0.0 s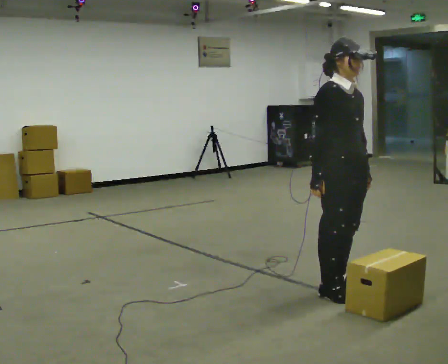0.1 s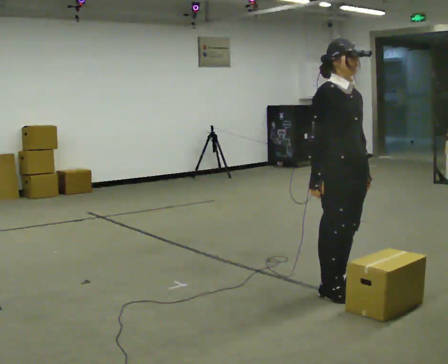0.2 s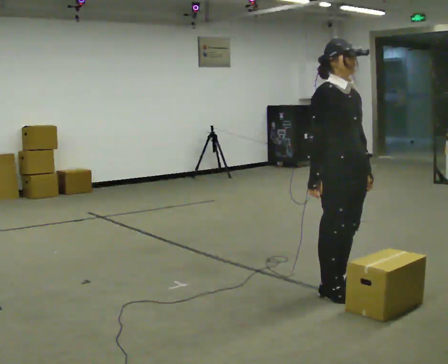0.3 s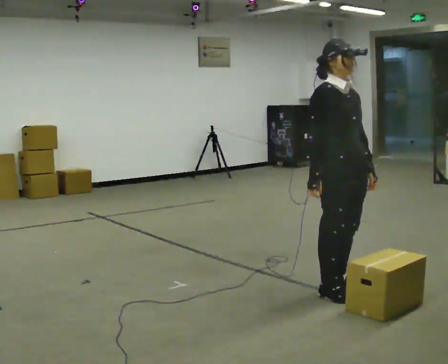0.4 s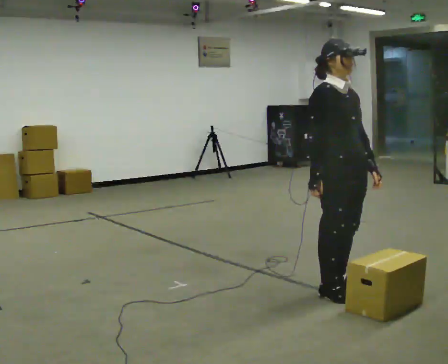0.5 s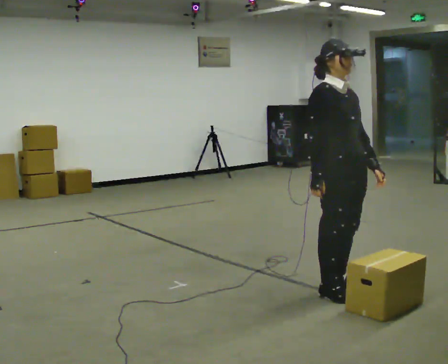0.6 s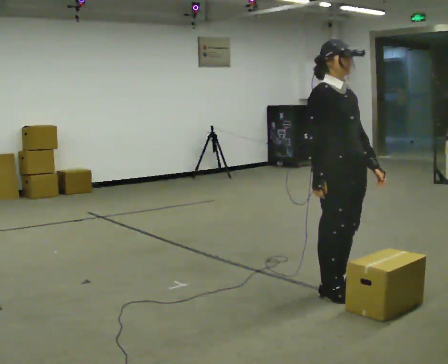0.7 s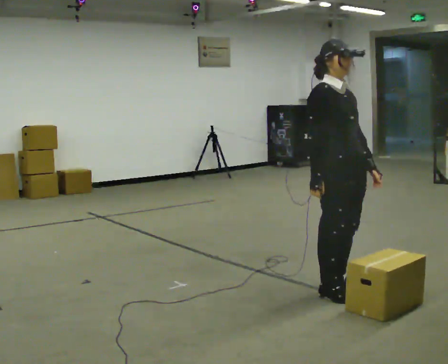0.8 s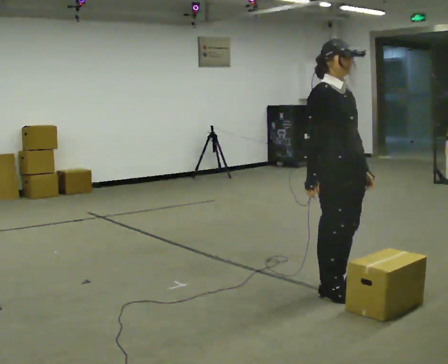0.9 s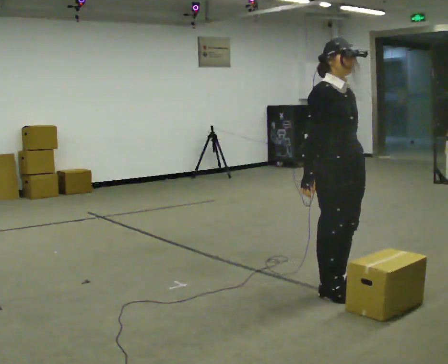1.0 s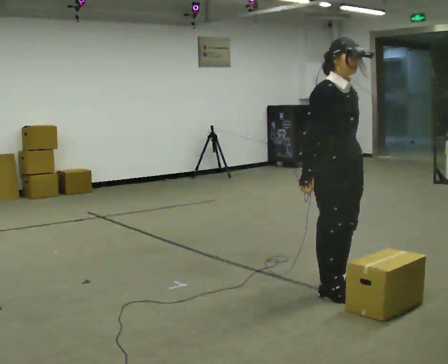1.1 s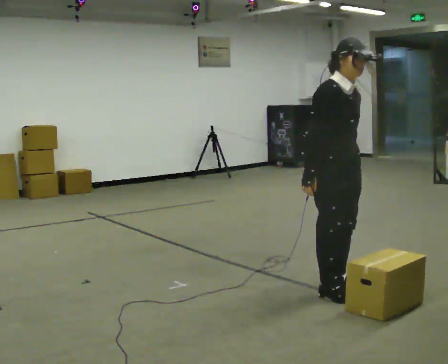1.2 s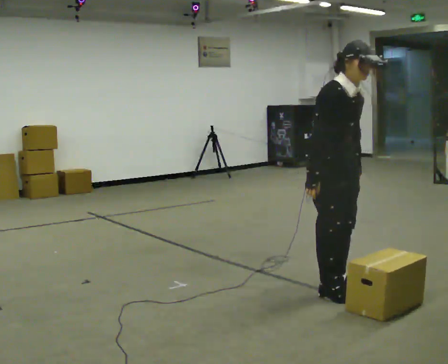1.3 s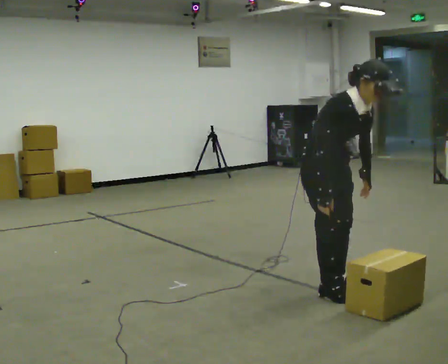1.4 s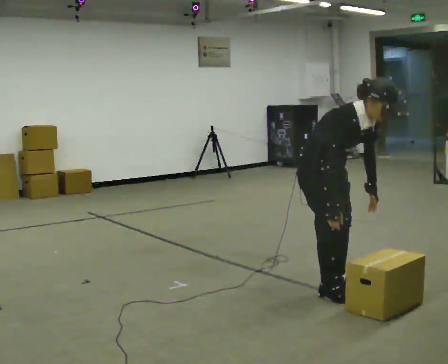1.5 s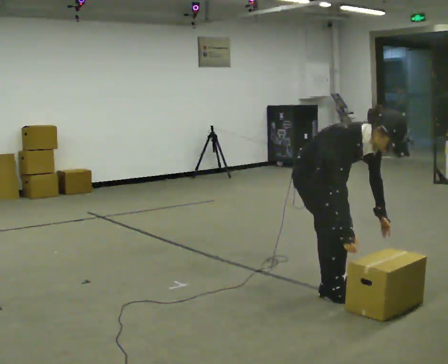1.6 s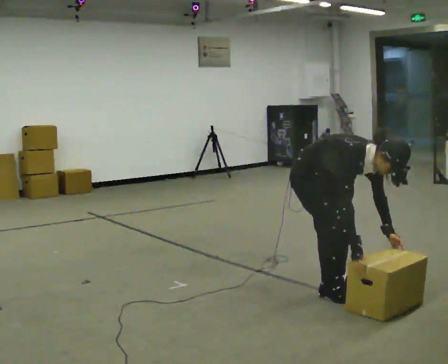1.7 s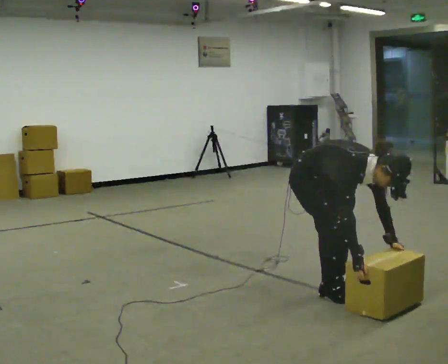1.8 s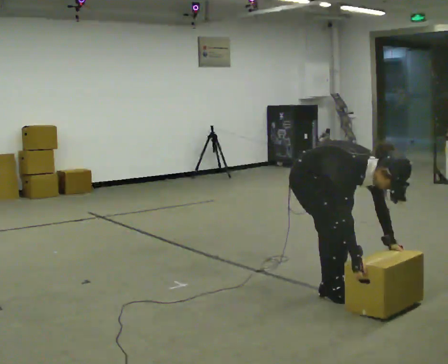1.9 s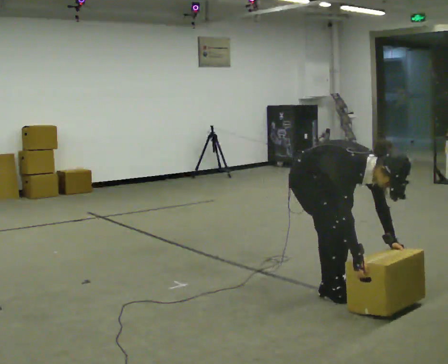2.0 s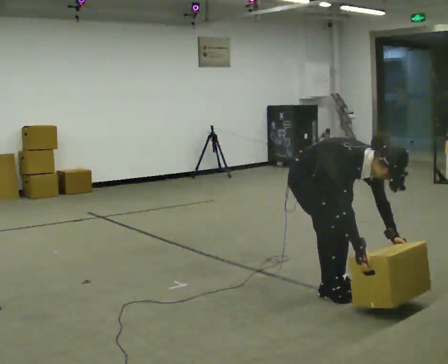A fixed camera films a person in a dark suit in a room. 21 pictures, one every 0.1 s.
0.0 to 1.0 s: The person moves a little, or ends about where they began.
1.0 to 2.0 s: In the picture they go to the left, about 0.25 m, which for them is backward. The upper body goes downward. In the picture the upper body tilts clockwise, shoulders to the right, as they bend forward. In the picture their left hand goes downward.
The film runs backward here.
